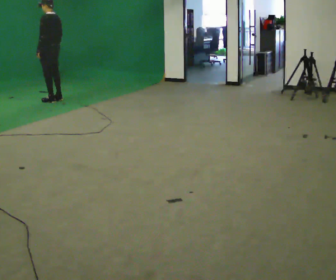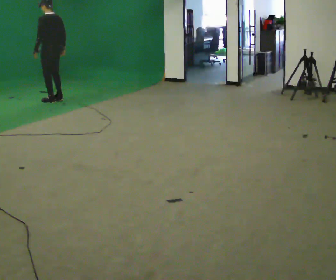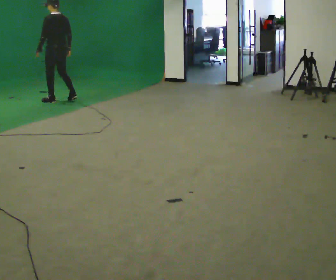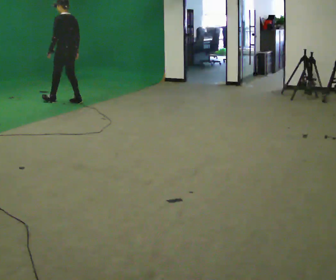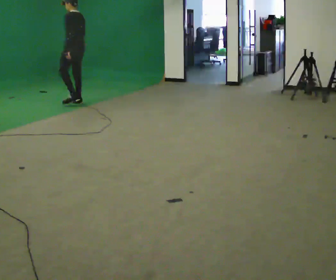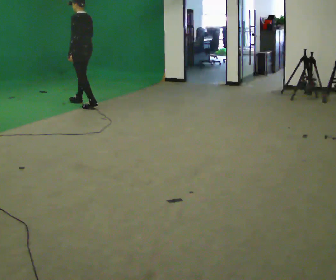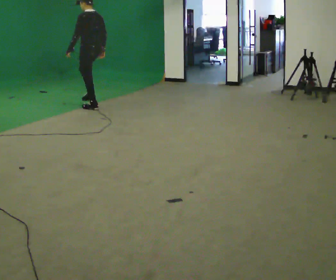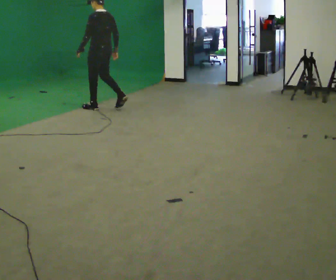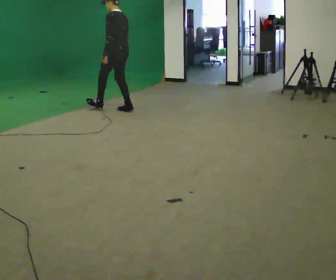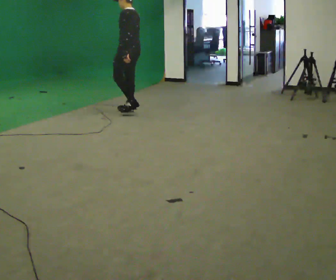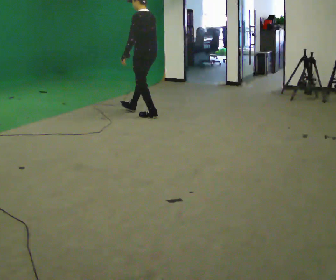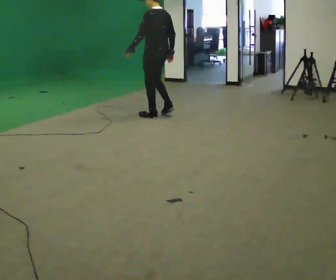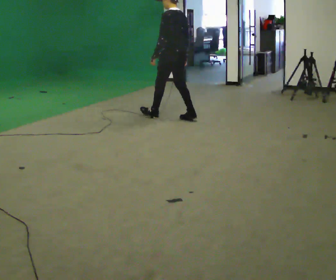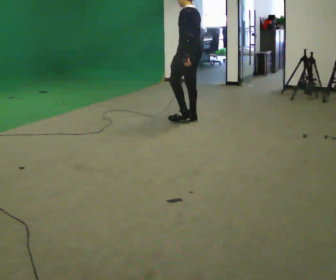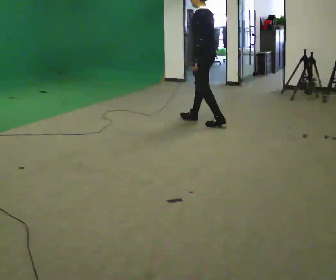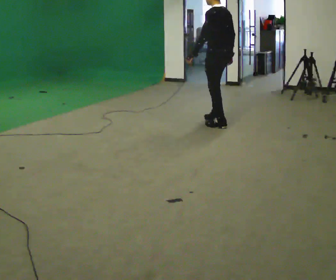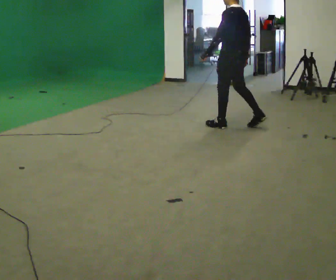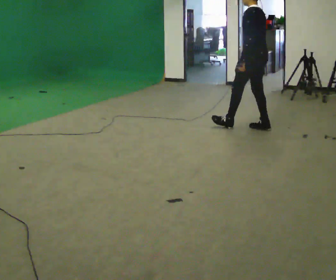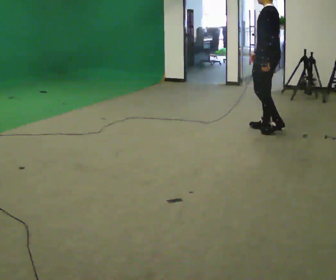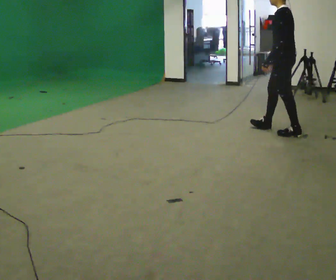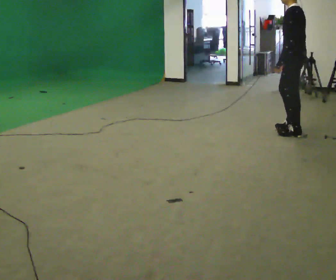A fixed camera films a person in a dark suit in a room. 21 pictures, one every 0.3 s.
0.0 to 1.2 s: In the picture they go to the right and toward the camera, about 0.5 m in 1 step, which for them is backward.
1.2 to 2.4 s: In the picture they go to the right and toward the camera, about 1 m in 2 steps, which for them is backward.
2.4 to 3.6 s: In the picture they go to the right and toward the camera, about 1 m in 2 steps, which for them is backward.
3.6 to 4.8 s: In the picture they go to the right and toward the camera, about 1 m in 1 step, which for them is backward.
4.8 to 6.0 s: In the picture they go to the right and toward the camera, about 0.5 m in 2 steps, which for them is backward.
The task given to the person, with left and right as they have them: Walk backward slowly; stop.
The film runs forward here.
